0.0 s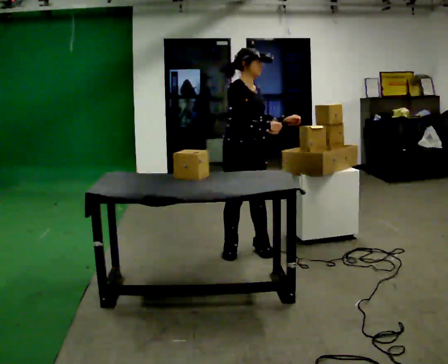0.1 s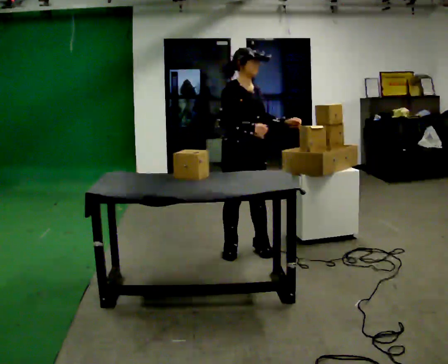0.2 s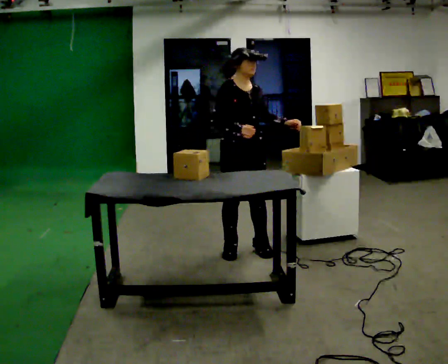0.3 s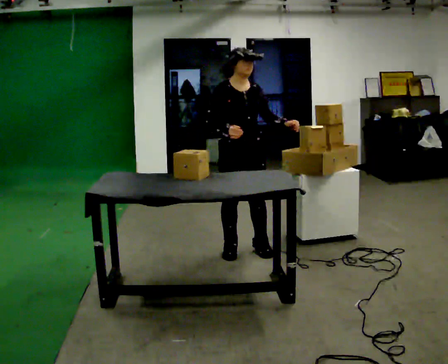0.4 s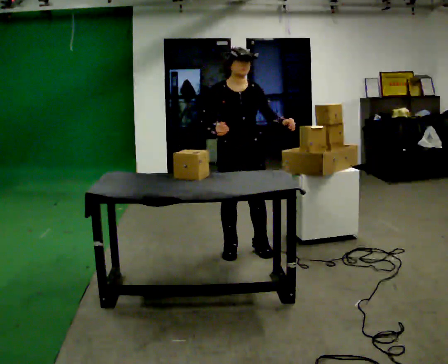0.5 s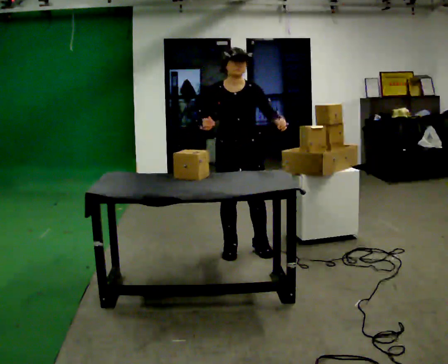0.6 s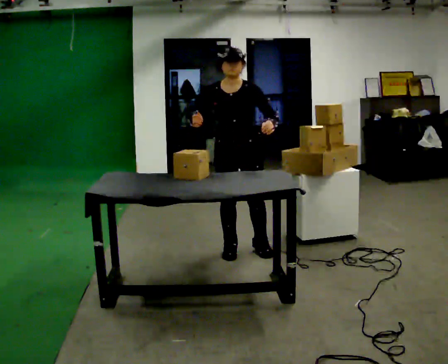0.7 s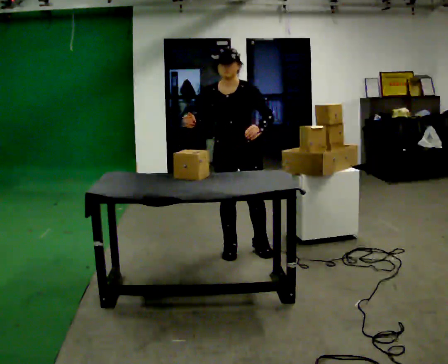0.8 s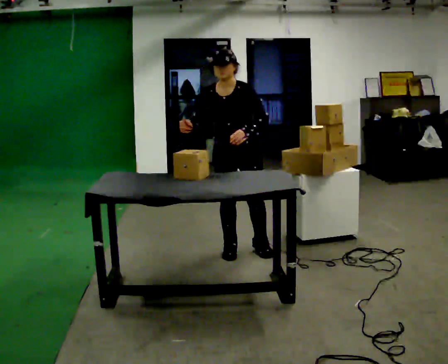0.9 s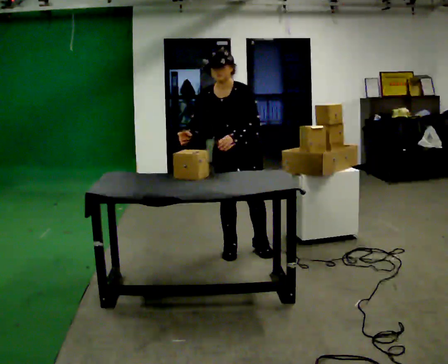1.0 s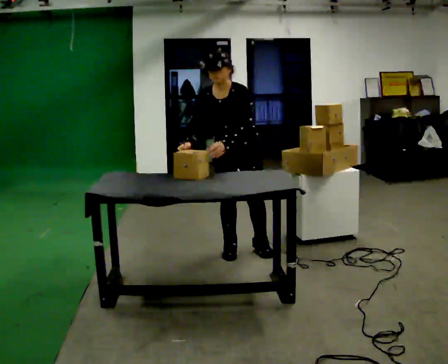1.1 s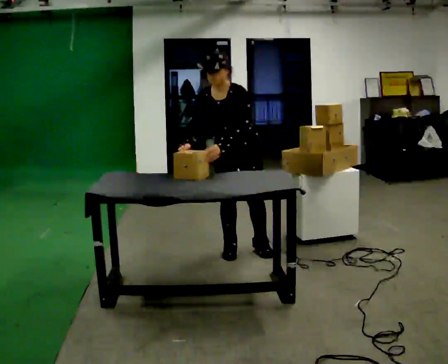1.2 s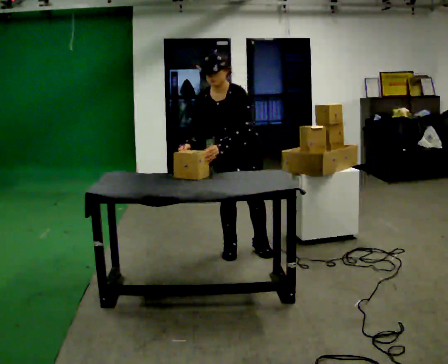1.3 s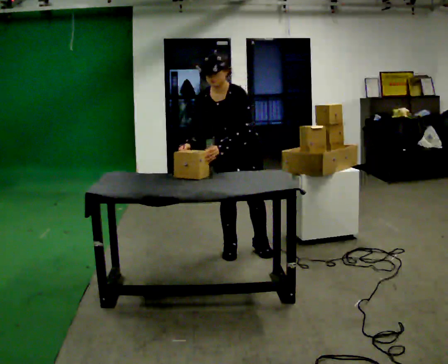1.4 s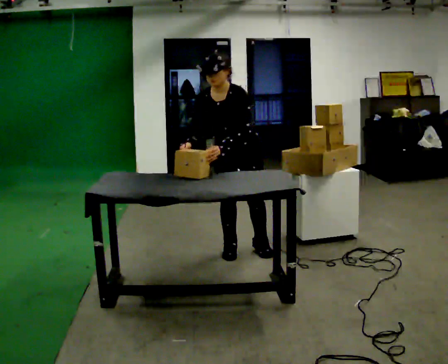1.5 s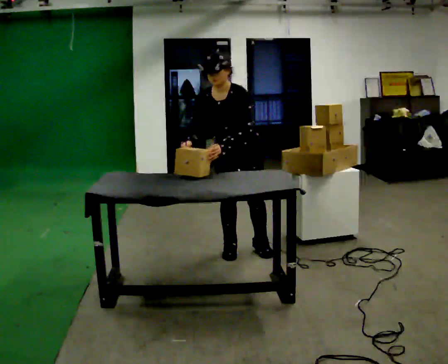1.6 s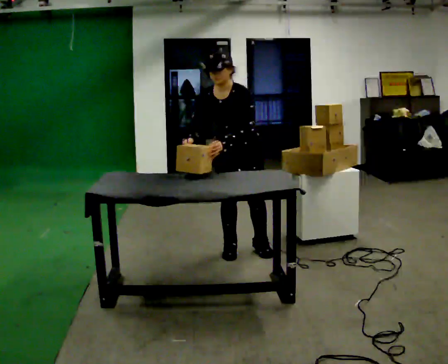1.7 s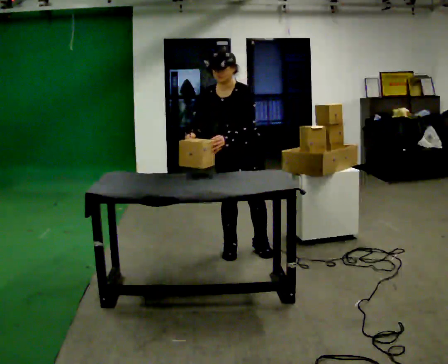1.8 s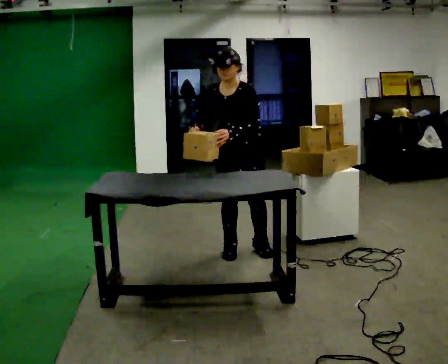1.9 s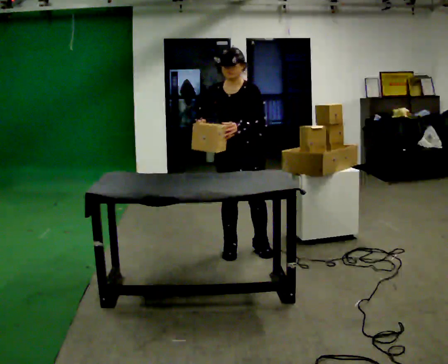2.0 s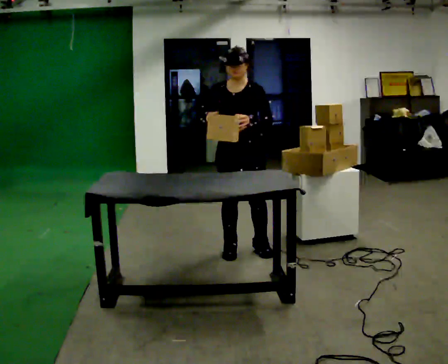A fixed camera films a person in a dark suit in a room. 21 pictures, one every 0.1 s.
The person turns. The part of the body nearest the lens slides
to the left.
The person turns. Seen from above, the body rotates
clockwise.
0.0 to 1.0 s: The person turns about 60 degrees to their right, clockwise seen from above, so the part of the body nearest the lens slides to the left. The upper body tips toward the camera, its near side rolling downward, as they bend forward. In the picture their left hand goes to the left.
1.0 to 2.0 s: The person moves a little, or ends about where they began.
The film runs backward here.
